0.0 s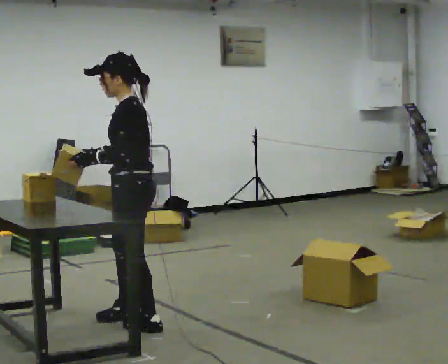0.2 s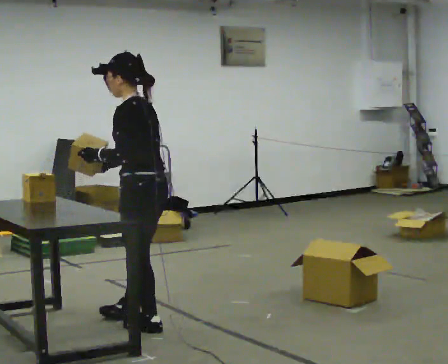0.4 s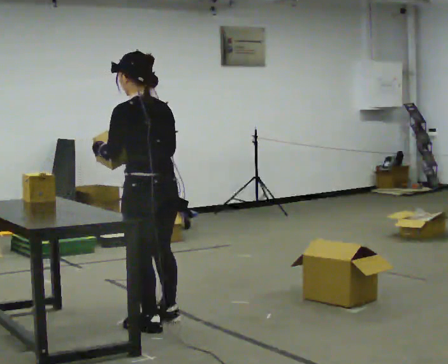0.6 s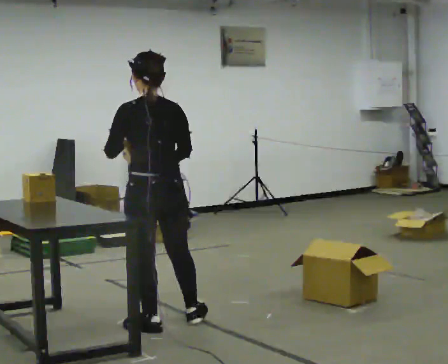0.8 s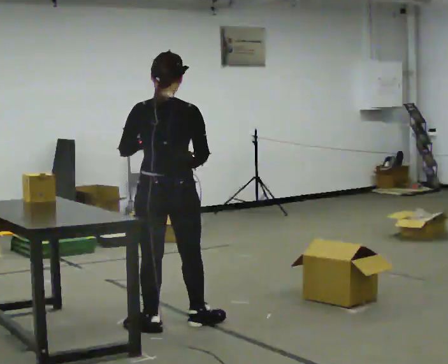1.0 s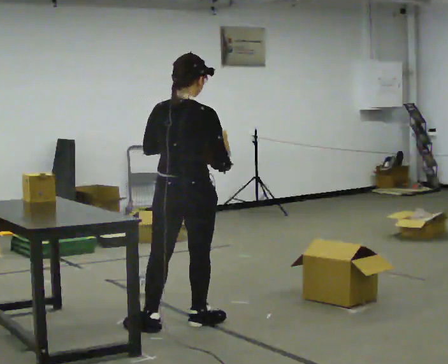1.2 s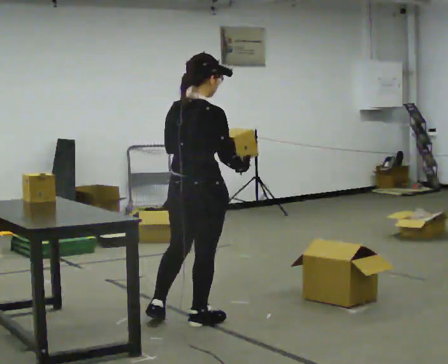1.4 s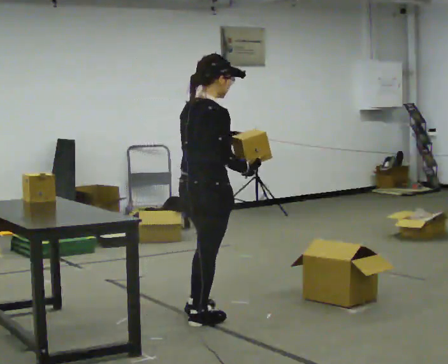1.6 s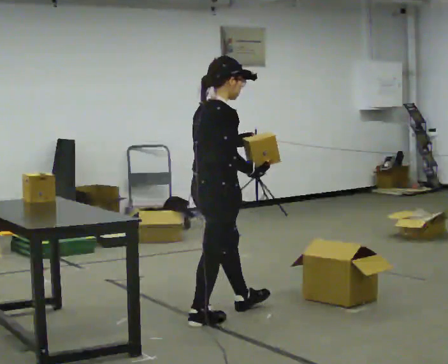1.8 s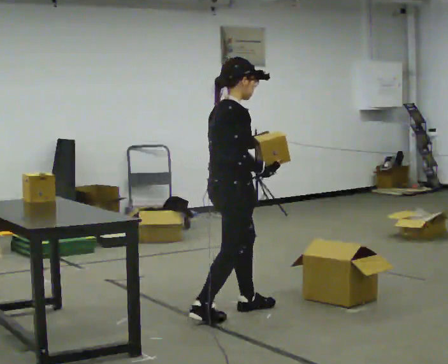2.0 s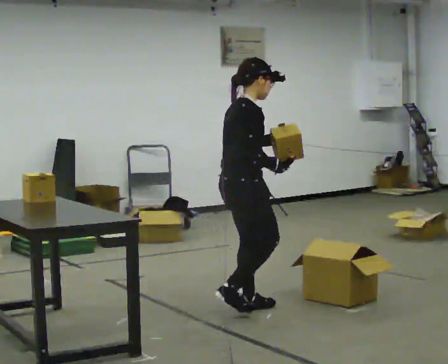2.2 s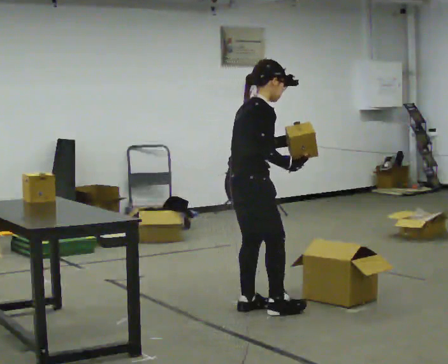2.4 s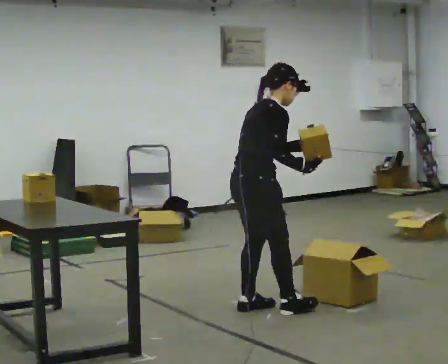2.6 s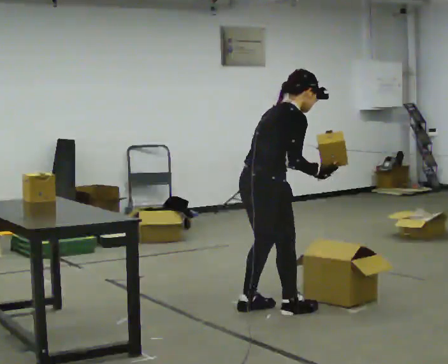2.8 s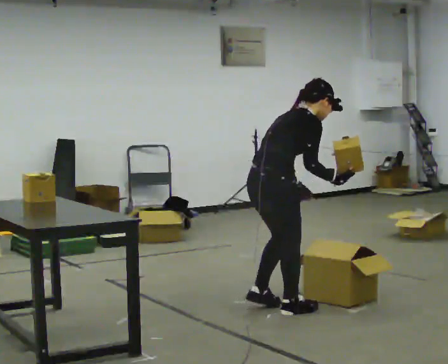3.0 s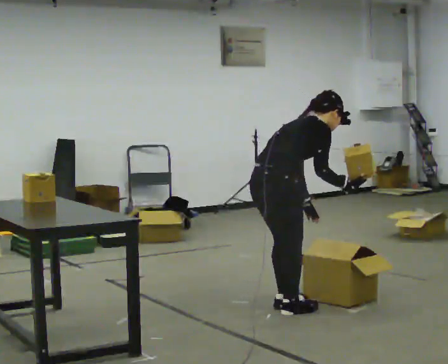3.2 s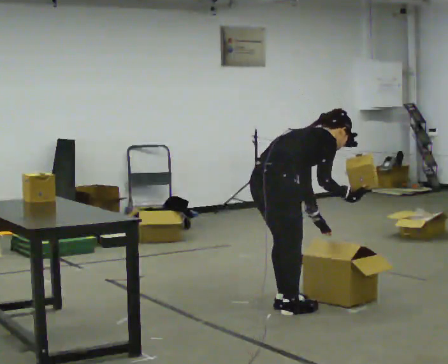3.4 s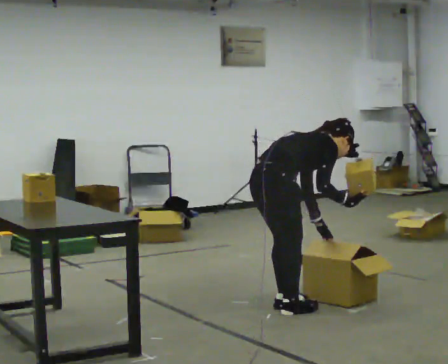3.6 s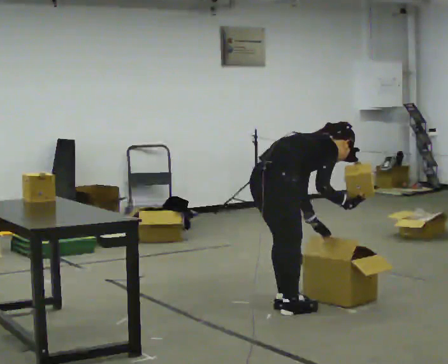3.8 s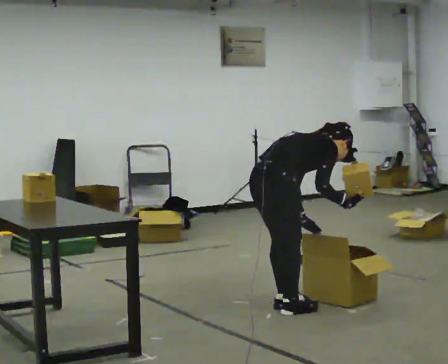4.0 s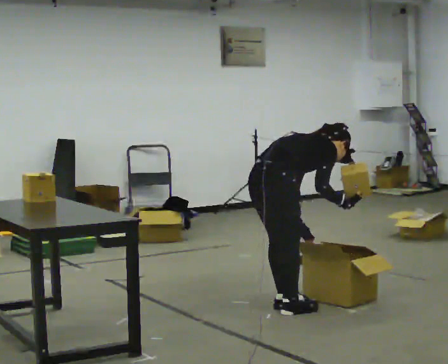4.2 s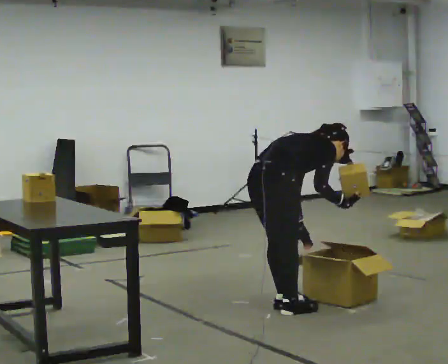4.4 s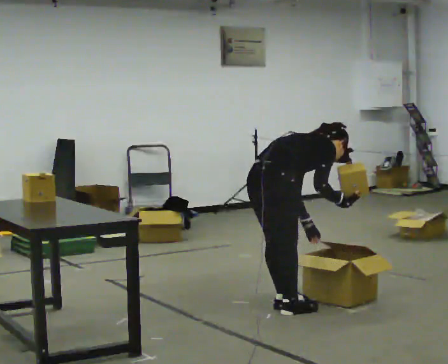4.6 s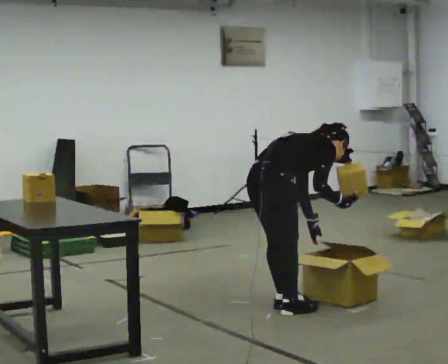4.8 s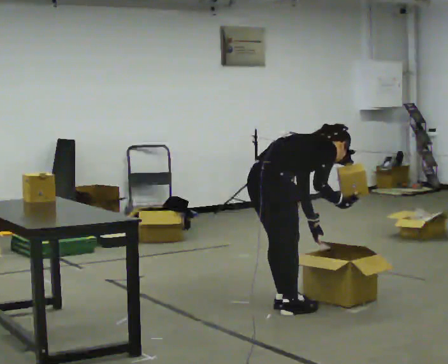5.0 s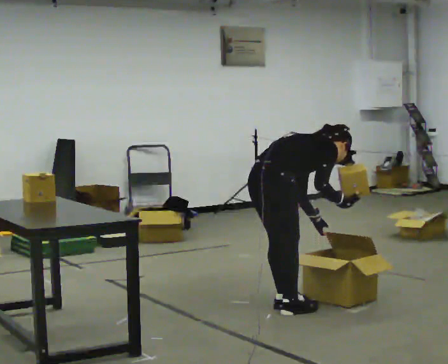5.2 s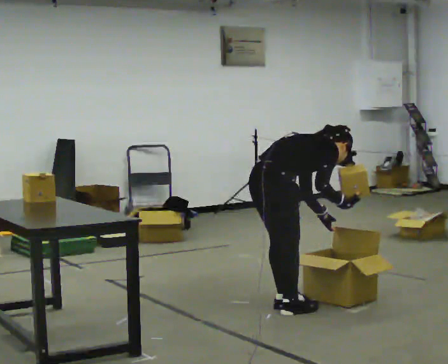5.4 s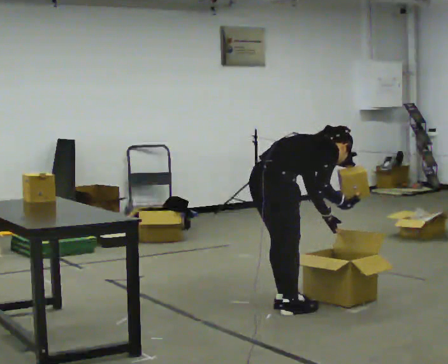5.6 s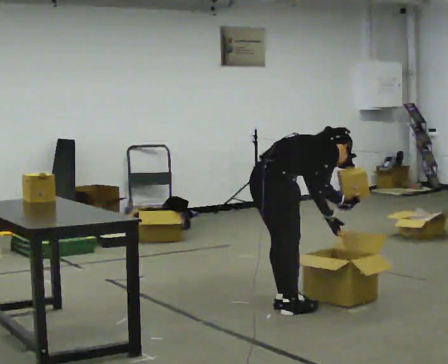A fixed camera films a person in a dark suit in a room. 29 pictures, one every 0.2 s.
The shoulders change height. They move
downward.
The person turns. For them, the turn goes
to their right.
0.0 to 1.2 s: The person turns about 120 degrees to their right, clockwise seen from above, so the part of the body nearest the lens slides to the left. In the picture they go to the right, about 0.25 m in 1 step.
1.2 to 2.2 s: The person turns about 45 degrees to their right, clockwise seen from above, so the part of the body nearest the lens slides to the left. In the picture they go to the right and away from the camera, about 0.5 m in 1 step, which for them is forward and to their left.
2.2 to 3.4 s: In the picture they go to the right, about 0.25 m in 2 steps. The shoulders move downward. In the picture the upper body tilts clockwise, shoulders to the right, as they bend forward. In the picture their left hand goes downward.
3.4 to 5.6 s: The person moves a little, or ends about where they began.
The film runs forward here.
